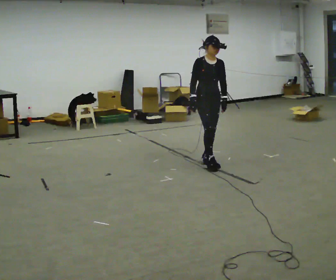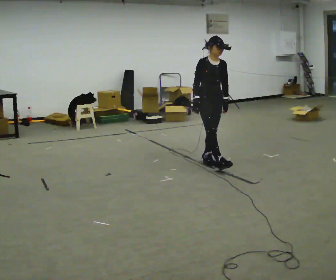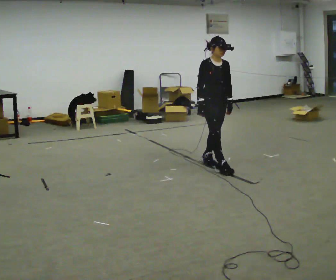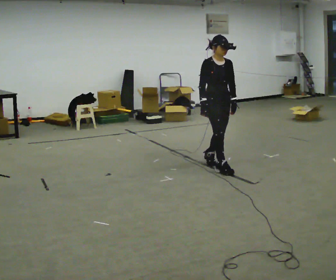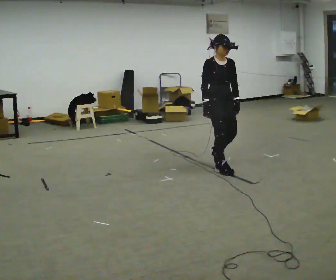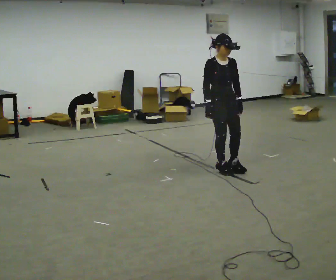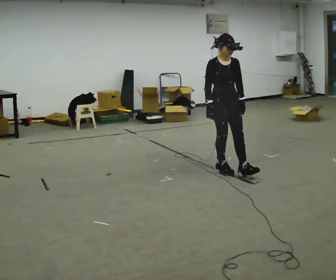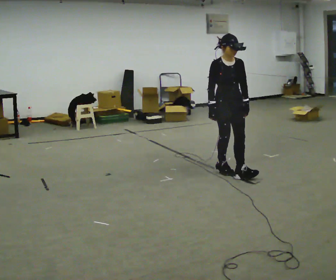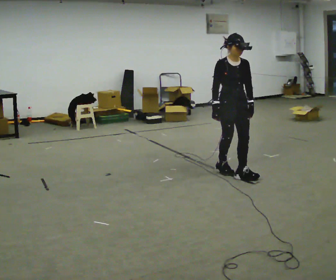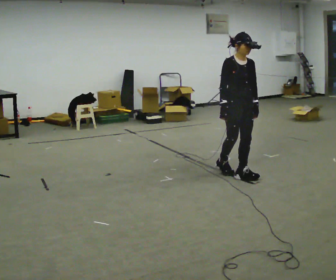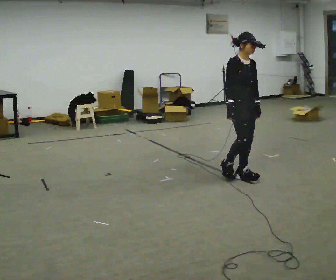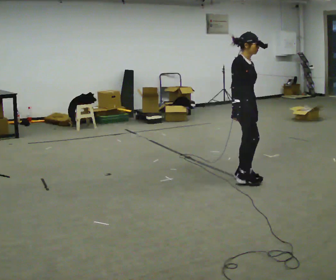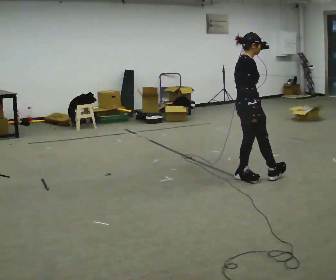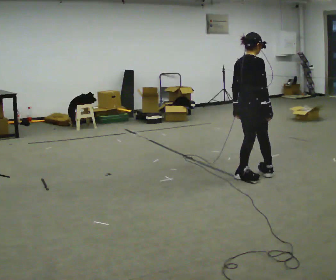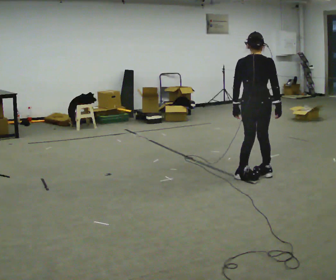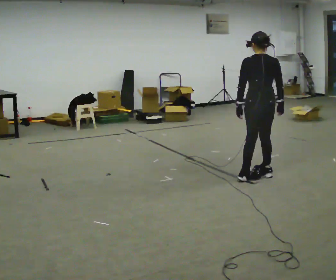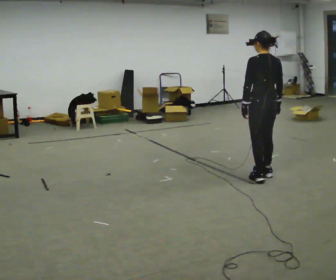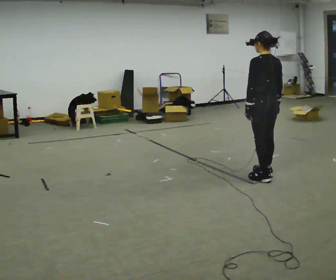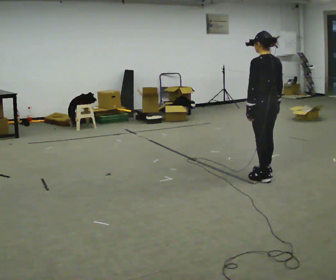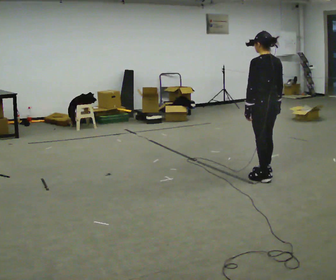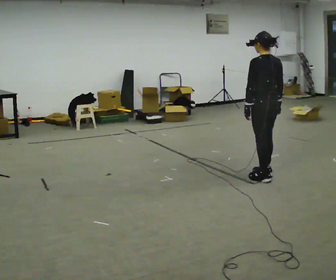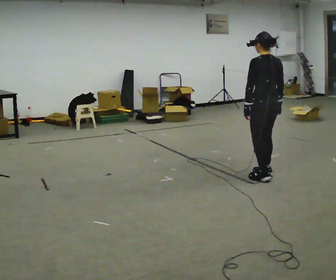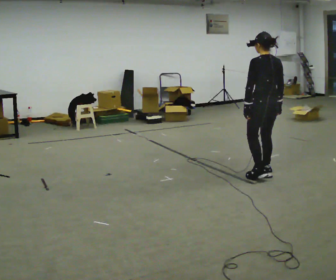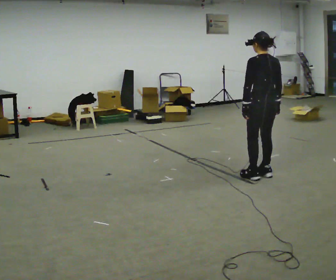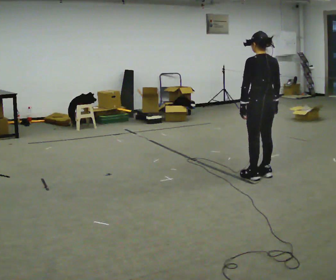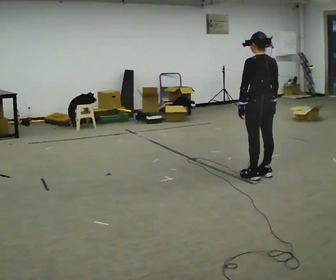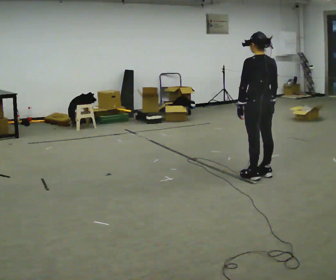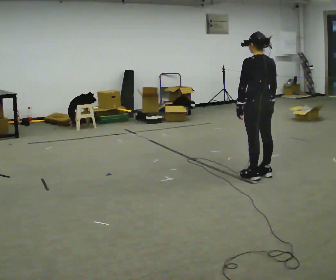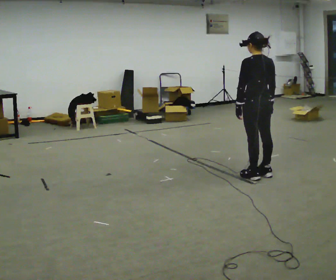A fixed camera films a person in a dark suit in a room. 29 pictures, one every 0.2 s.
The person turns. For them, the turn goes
to their left.
The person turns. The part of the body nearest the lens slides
to the right.
0.0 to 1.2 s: In the picture they go toward the camera and to the right, about 0.5 m in 1 step, which for them is forward.
1.2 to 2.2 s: Seen from above the body turns counterclockwise, about 45 degrees: to their left, with its near side sliding to the right. In the picture they go to the right and toward the camera, about 0.25 m in 1 step, which for them is forward.
2.2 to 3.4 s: The person turns about 135 degrees to their left, counterclockwise seen from above, so the part of the body nearest the lens slides to the right. In the picture they go to the right, about 0.25 m in 2 steps. In the picture their right hand goes to the right.
3.4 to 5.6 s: The person moves a little, or ends about where they began.
The film runs forward here.
